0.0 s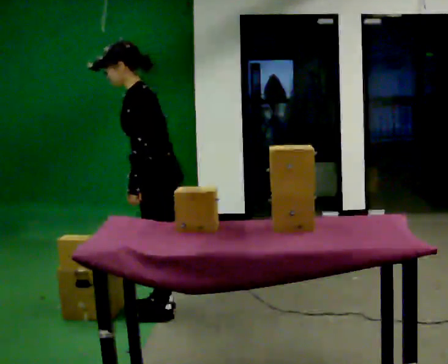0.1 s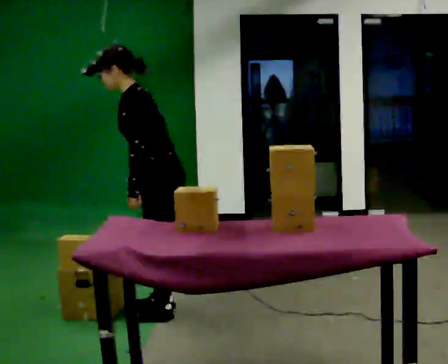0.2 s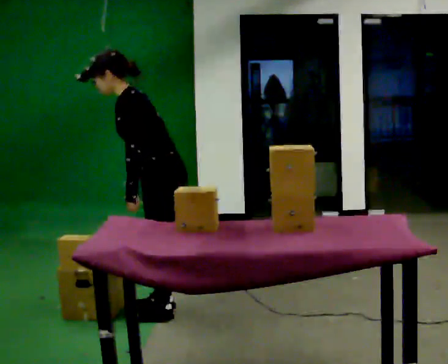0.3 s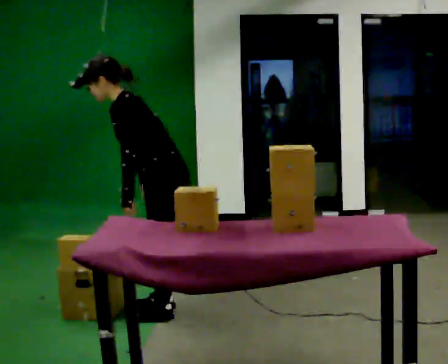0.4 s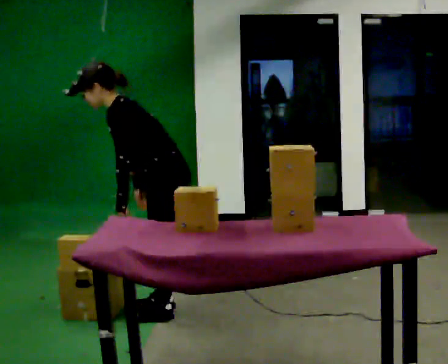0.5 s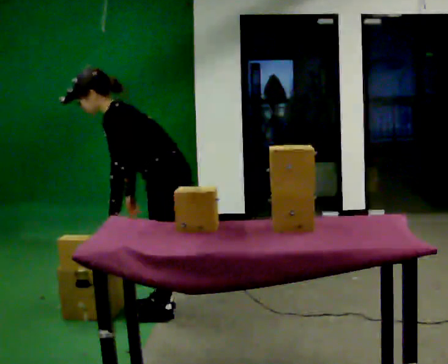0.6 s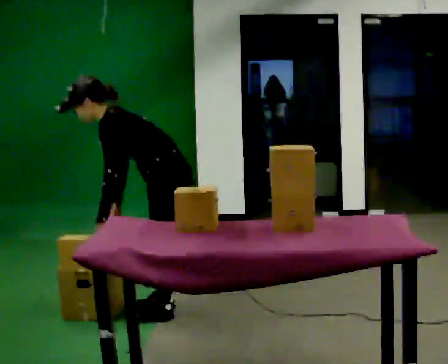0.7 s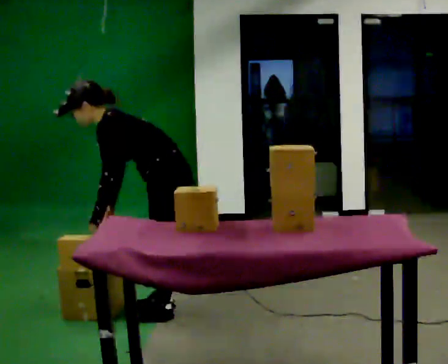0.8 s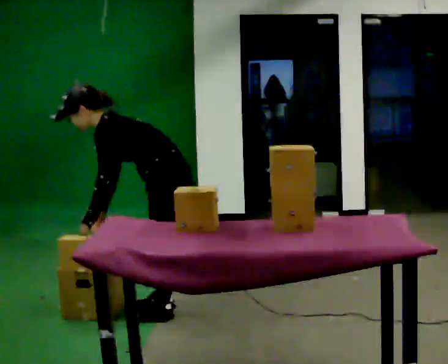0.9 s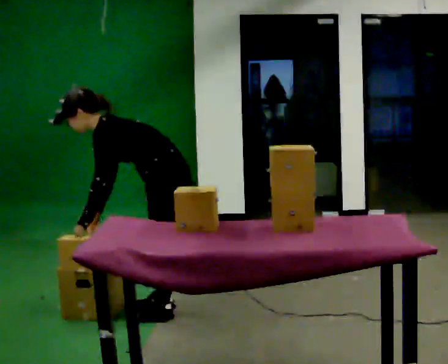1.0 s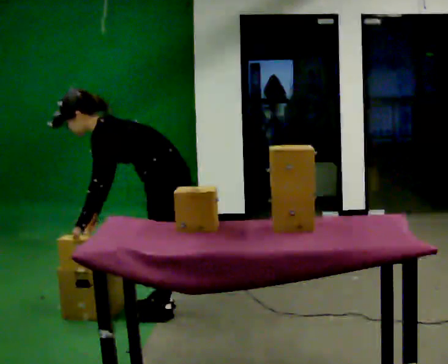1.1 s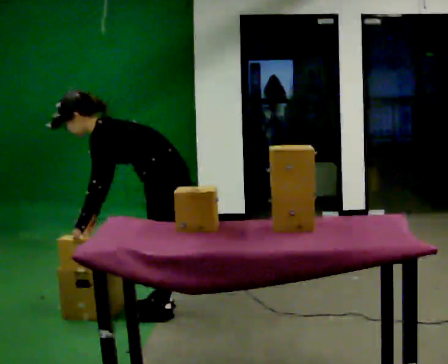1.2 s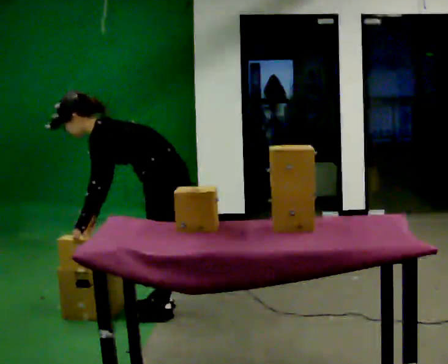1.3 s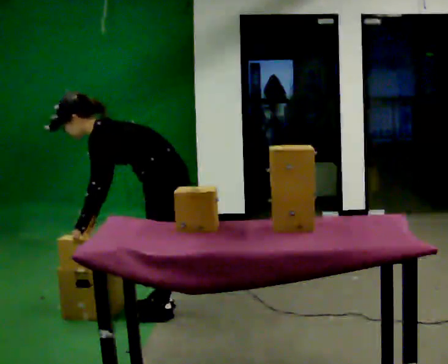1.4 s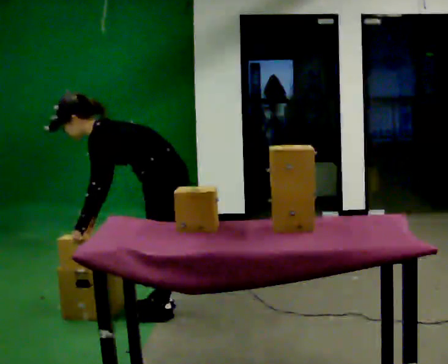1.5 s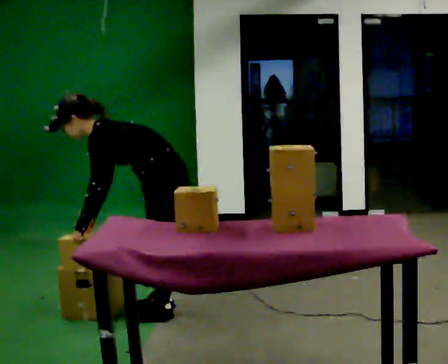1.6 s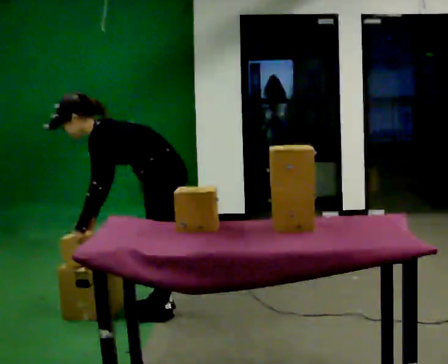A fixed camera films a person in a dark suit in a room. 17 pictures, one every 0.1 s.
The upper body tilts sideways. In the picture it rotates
counterclockwise.
0.0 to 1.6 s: The shoulders move downward. In the picture the upper body tilts counterclockwise, shoulders to the left, as they bend forward. In the picture their right hand goes to the left.
The film runs forward here.
